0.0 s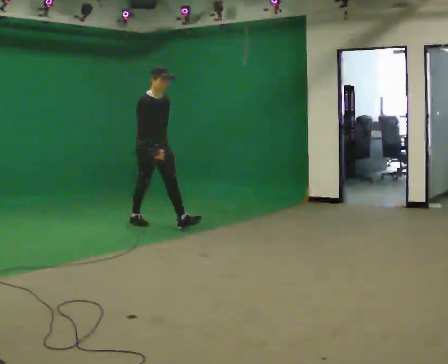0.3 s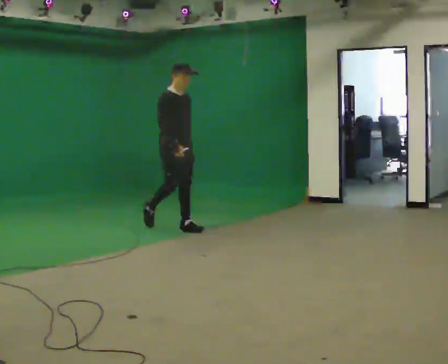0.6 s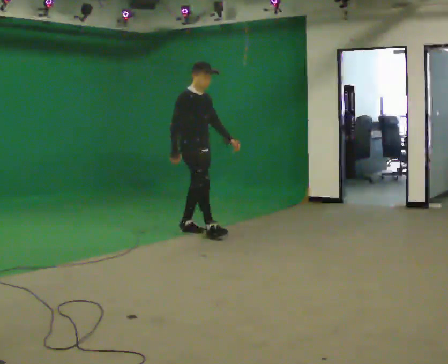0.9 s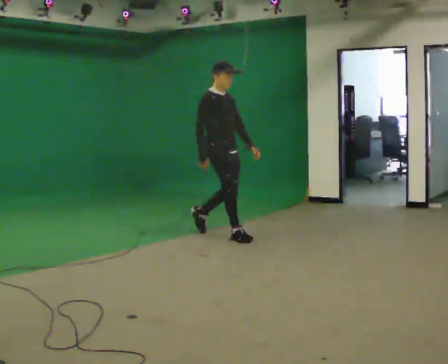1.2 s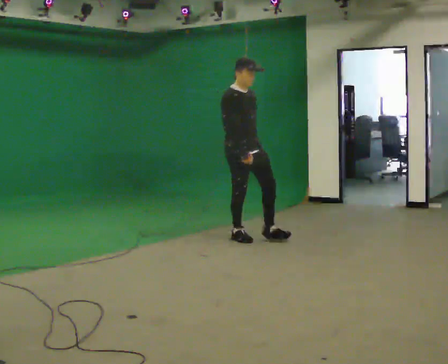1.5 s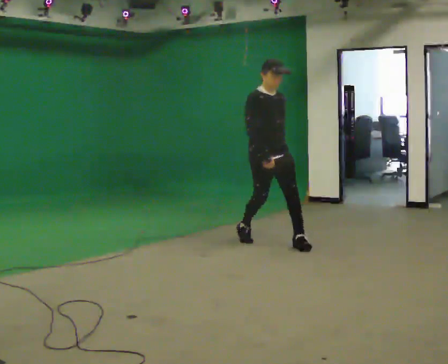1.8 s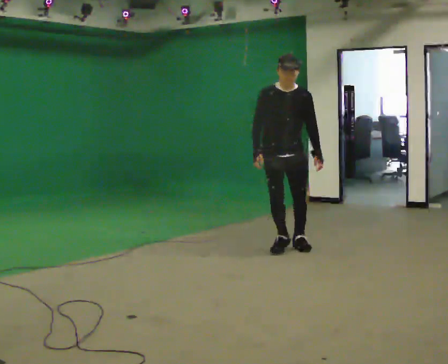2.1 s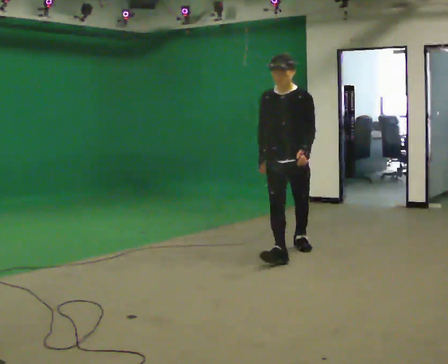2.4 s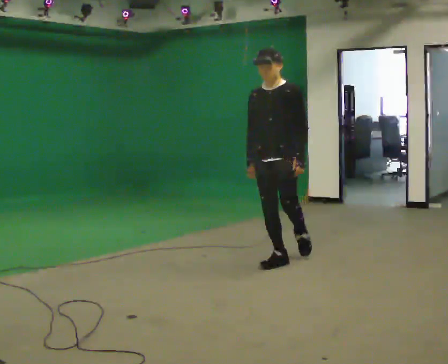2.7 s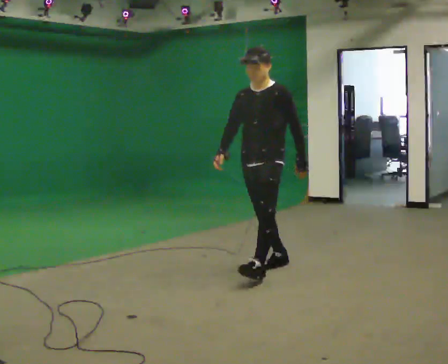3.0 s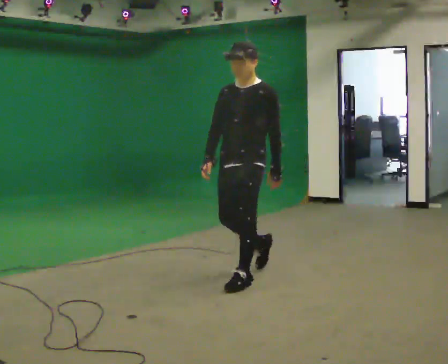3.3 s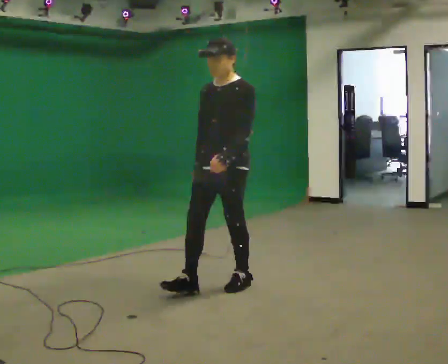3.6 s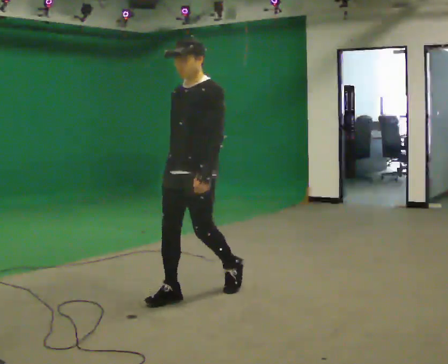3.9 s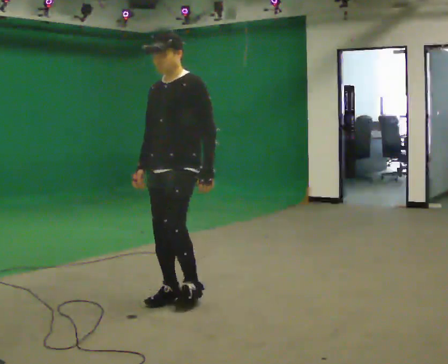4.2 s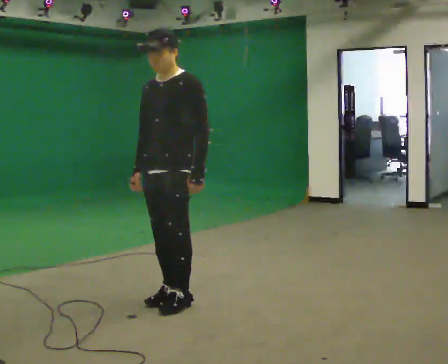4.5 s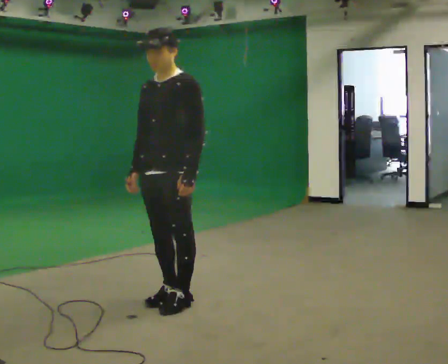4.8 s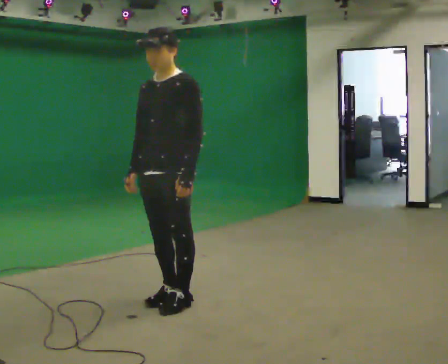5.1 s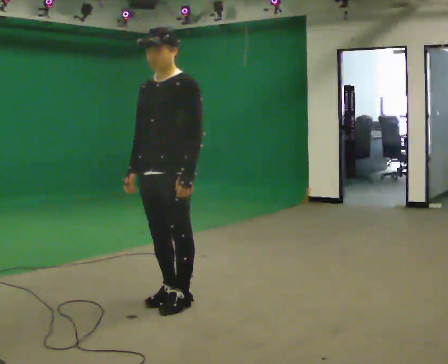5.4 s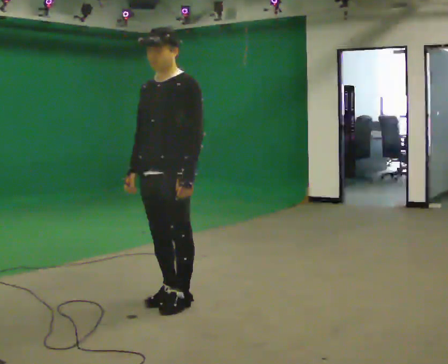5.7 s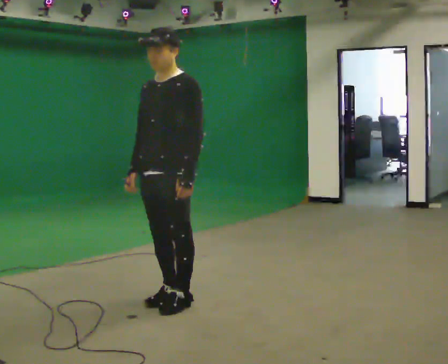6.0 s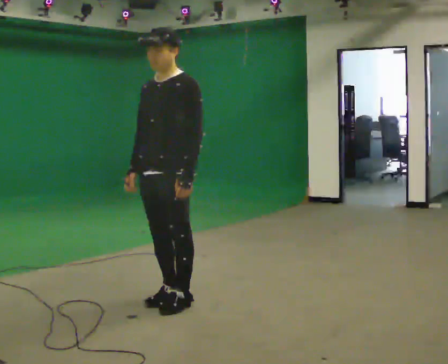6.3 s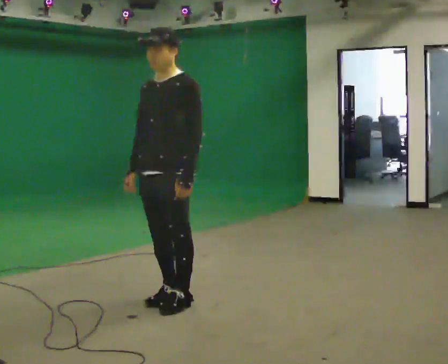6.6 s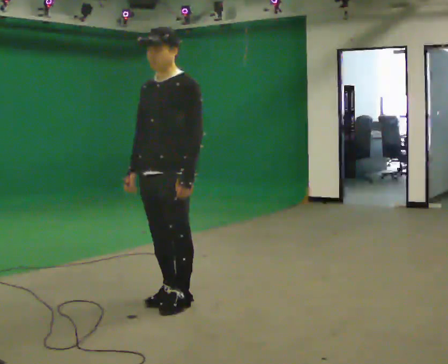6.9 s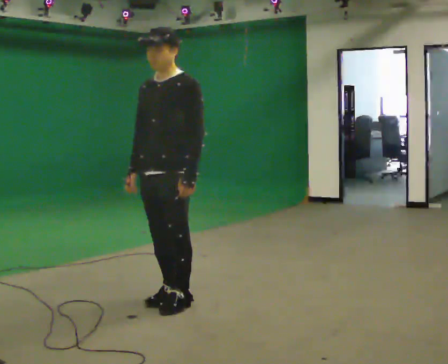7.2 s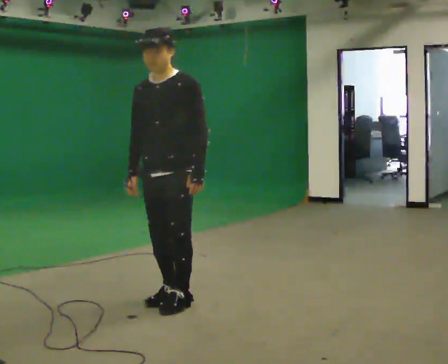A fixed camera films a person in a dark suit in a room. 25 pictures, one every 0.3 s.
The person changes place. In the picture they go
toward the camera.
The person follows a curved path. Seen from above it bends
clockwise.
0.0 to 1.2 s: In the picture they go to the right and toward the camera, about 1 m in 2 steps, which for them is forward.
1.2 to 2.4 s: The person turns about 75 degrees to their right, clockwise seen from above, so the part of the body nearest the lens slides to the left. In the picture they go toward the camera, about 1 m in 2 steps.
2.4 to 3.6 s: In the picture they go toward the camera and to the left, about 1 m in 2 steps, which for them is forward.
3.6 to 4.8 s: In the picture they go toward the camera, about 0.25 m in 1 step, which for them is forward.
4.8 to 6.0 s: The person keeps their place and pose.
6.0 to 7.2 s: The person moves a little, or ends about where they began.
The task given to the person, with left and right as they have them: Walk straight; turn 90° left/right while continuing to walk; continue.
The film runs forward here.
